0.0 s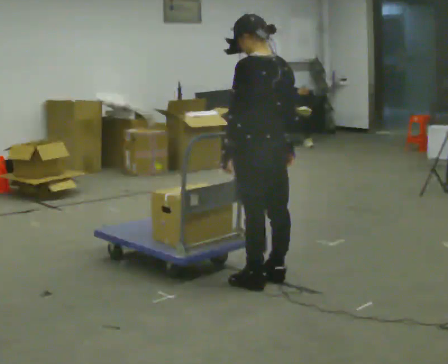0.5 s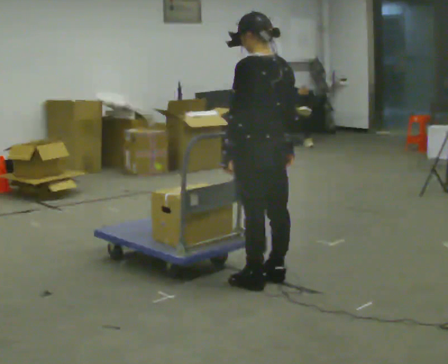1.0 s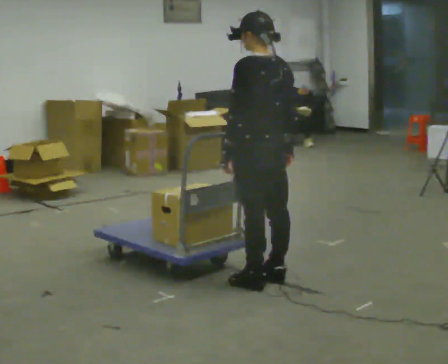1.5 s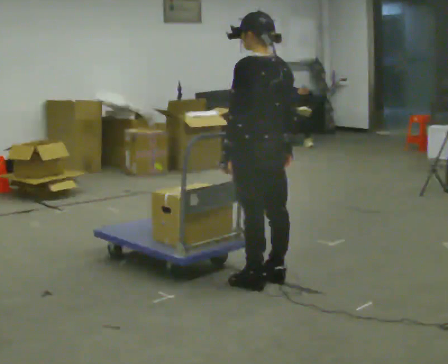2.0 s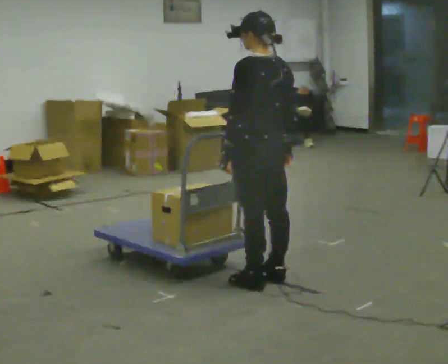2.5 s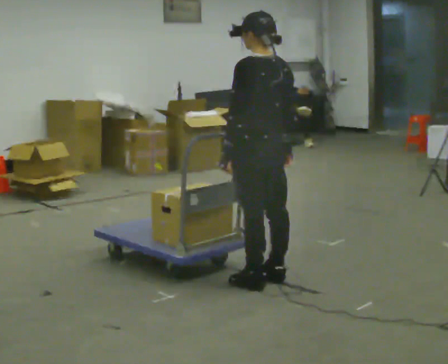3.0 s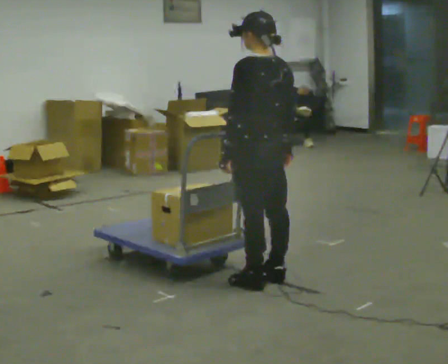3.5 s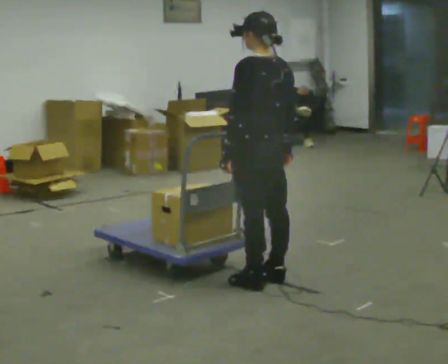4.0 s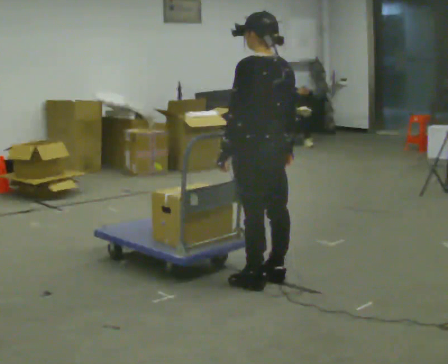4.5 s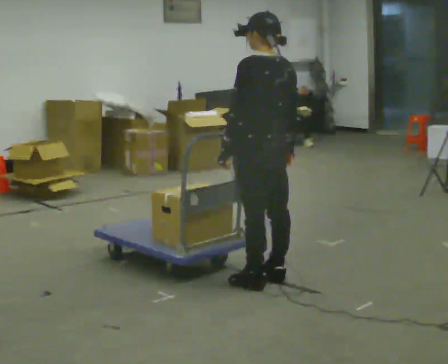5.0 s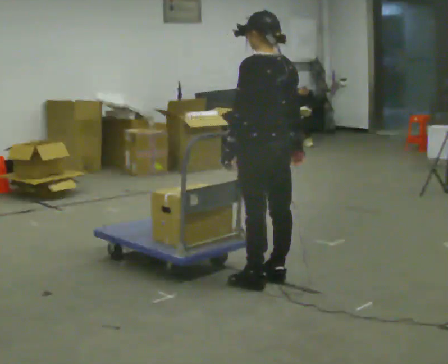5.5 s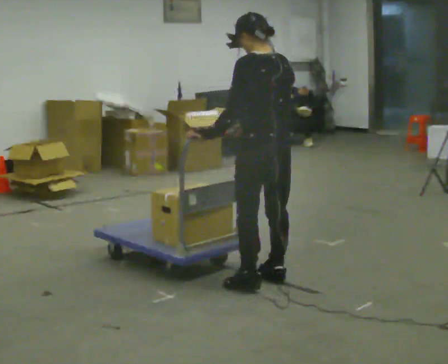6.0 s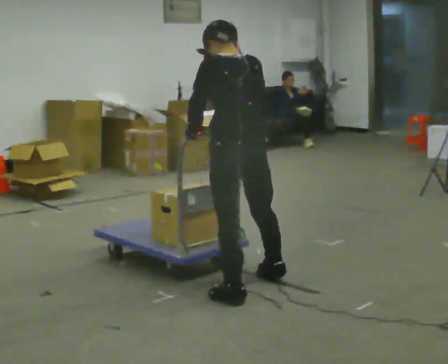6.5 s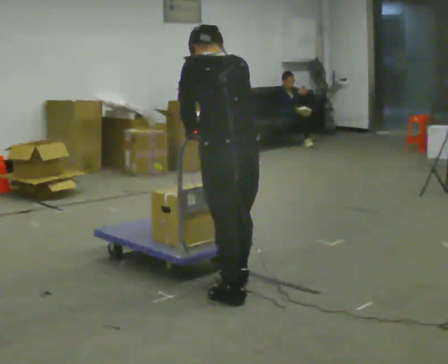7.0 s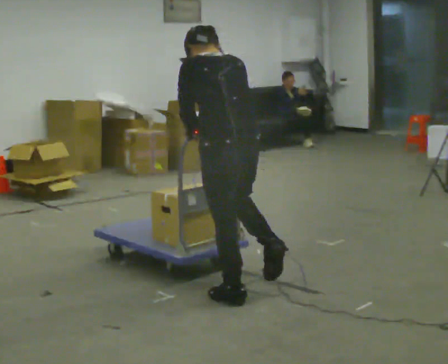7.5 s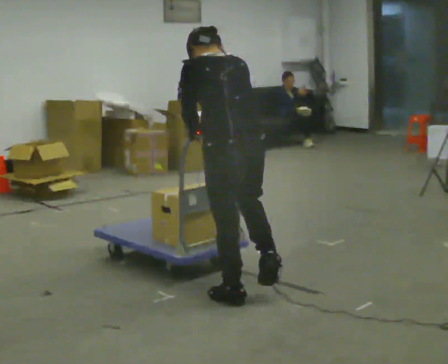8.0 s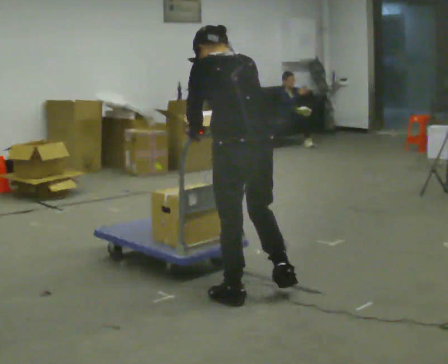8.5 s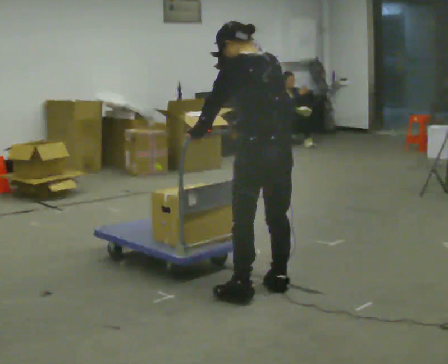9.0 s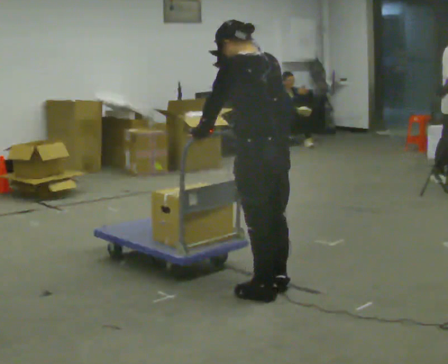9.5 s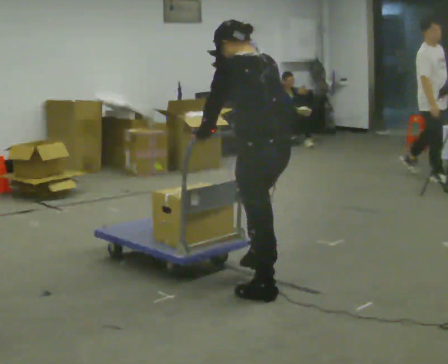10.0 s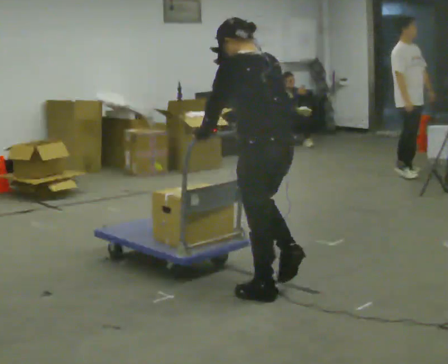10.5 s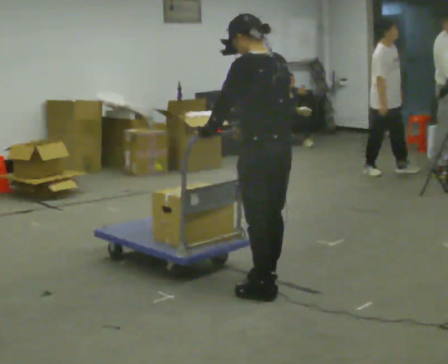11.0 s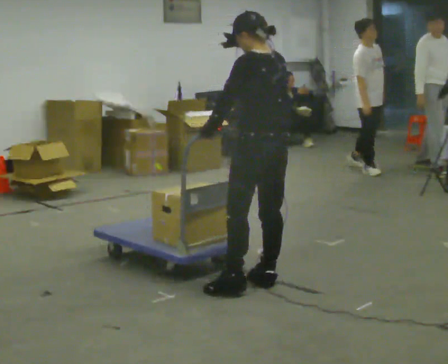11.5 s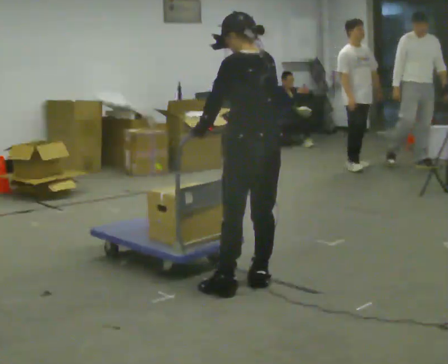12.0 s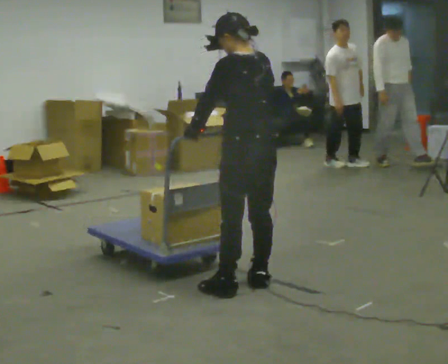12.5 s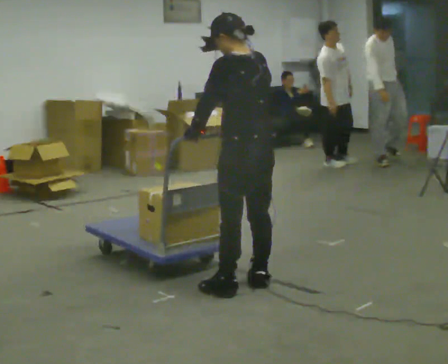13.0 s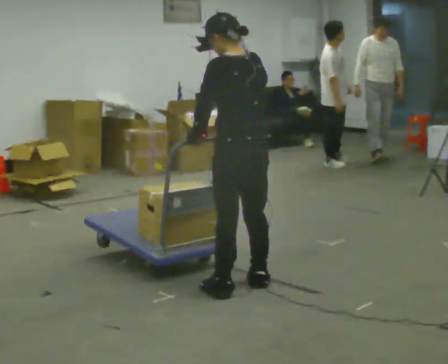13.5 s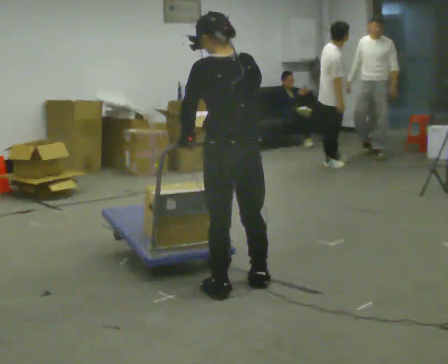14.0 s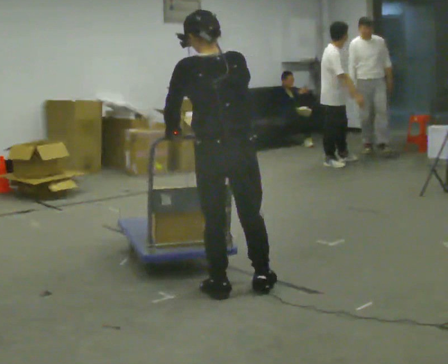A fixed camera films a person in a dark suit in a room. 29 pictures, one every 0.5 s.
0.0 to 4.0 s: The person keeps their place and pose.
4.0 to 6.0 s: In the picture they go toward the camera, about 0.25 m in 1 step, which for them is to their left.
6.0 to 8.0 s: In the picture they go toward the camera, about 0.25 m in 2 steps, which for them is backward.
8.0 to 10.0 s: The person moves a little, or ends about where they began.
10.0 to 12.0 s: In the picture they go away from the camera, about 0.25 m in 2 steps, which for them is forward.
12.0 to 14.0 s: The part of the body nearest the lens slides to the left as the person turns to their right by about 30 degrees. In the picture they go to the left, about 0.25 m in 1 step, which for them is to their left.
The film runs backward here.
